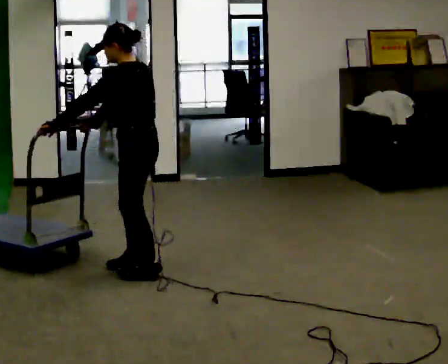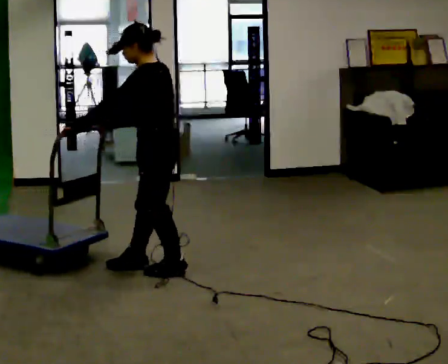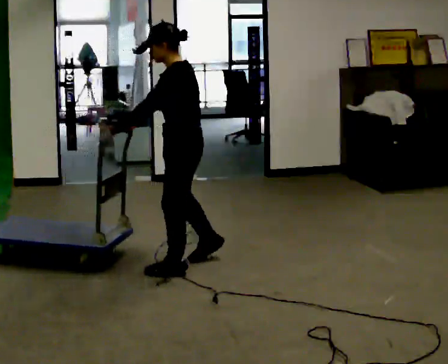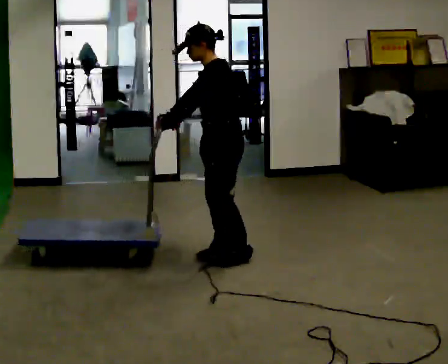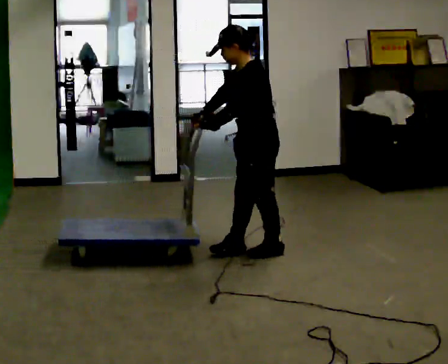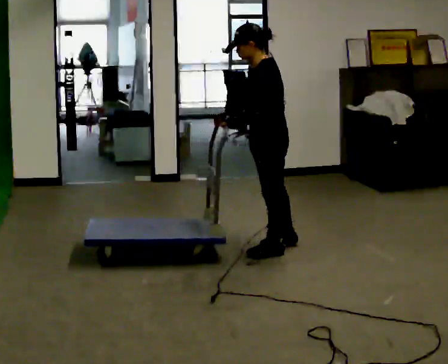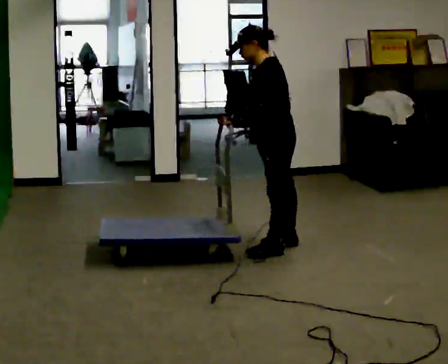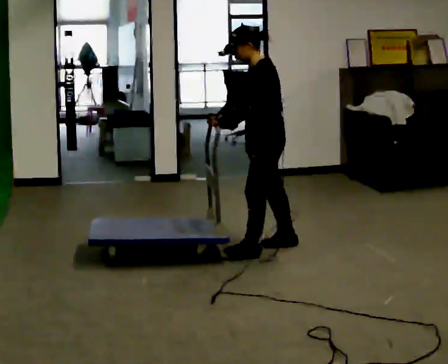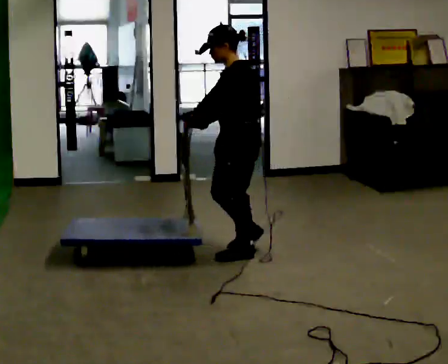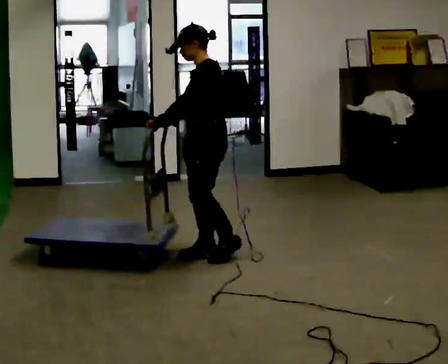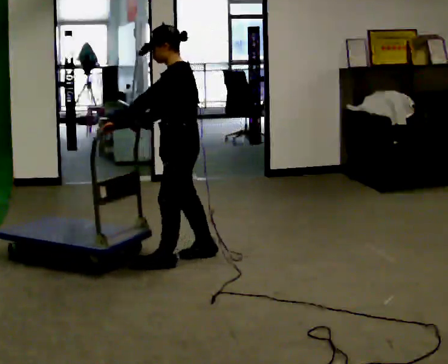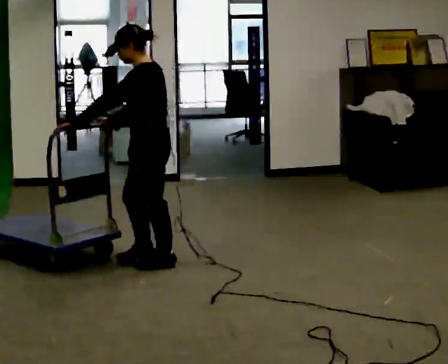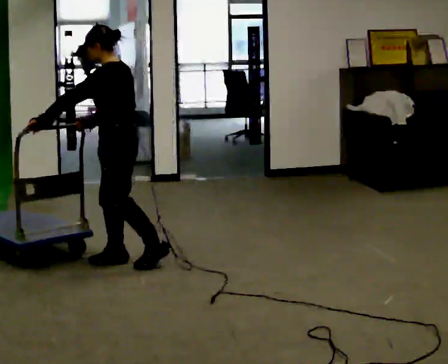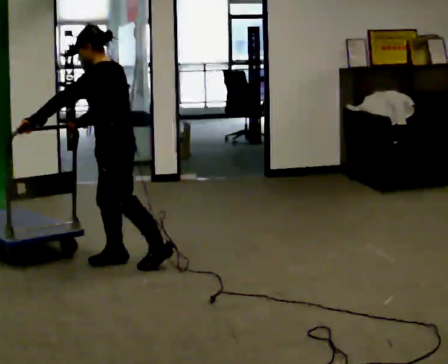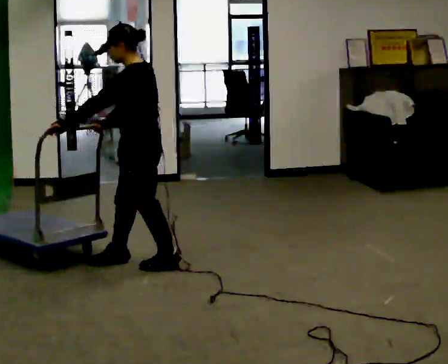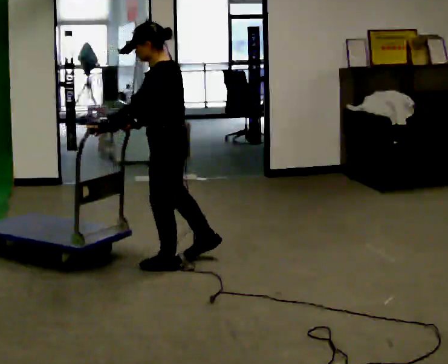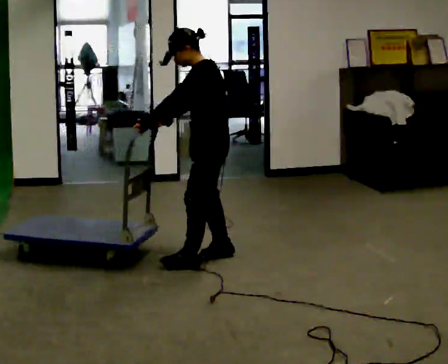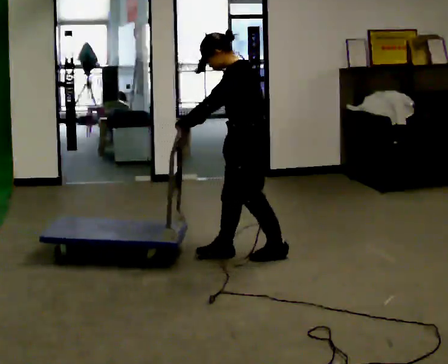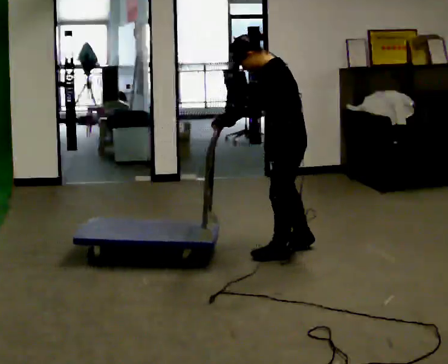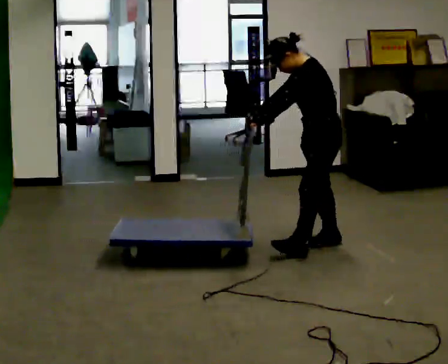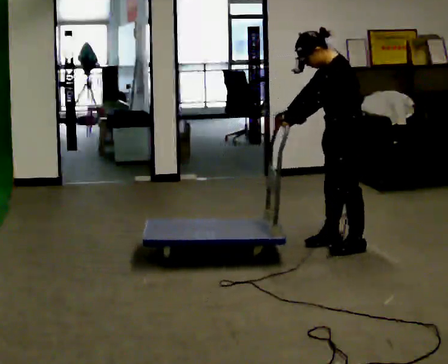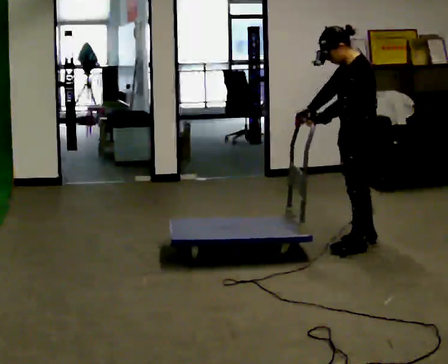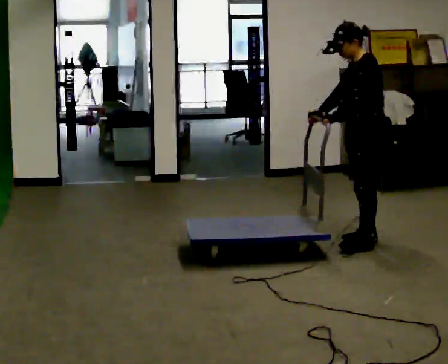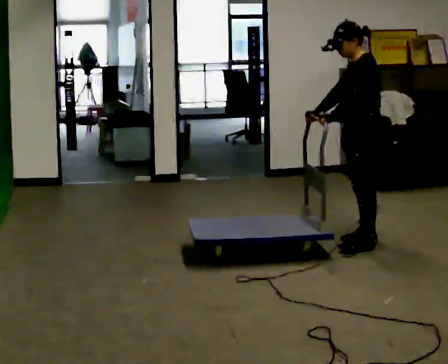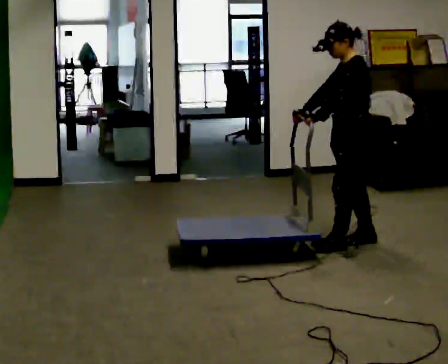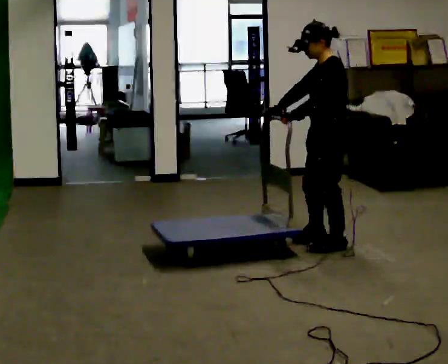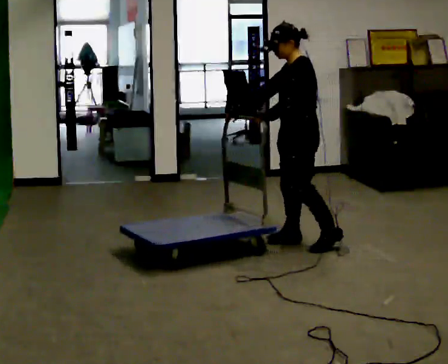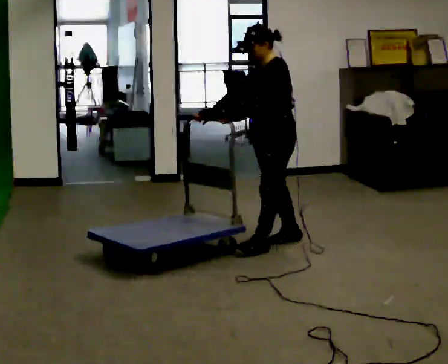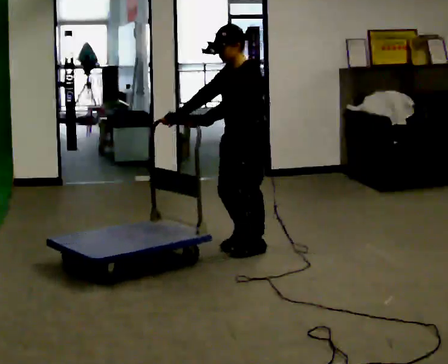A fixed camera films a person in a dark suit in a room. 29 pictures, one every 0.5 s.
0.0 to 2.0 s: In the picture they go to the right and away from the camera, about 1 m in 3 steps, which for them is backward.
2.0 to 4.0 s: The person moves a little, or ends about where they began.
4.0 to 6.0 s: In the picture they go to the left, about 0.5 m in 3 steps, which for them is forward.
6.0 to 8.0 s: In the picture they go to the right, about 0.5 m in 1 step, which for them is backward.
8.0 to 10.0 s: In the picture they go to the right, about 1 m in 3 steps, which for them is backward.
10.0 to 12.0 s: The person moves a little, or ends about where they began.
12.0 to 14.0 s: In the picture they go to the left, about 0.5 m in 2 steps, which for them is forward.
The film runs forward here.
